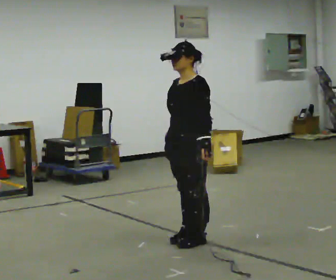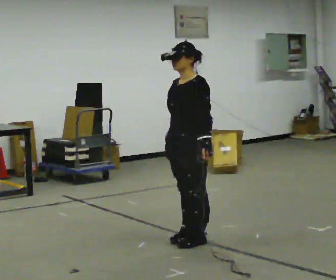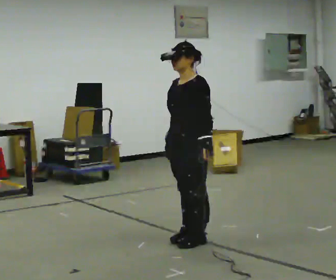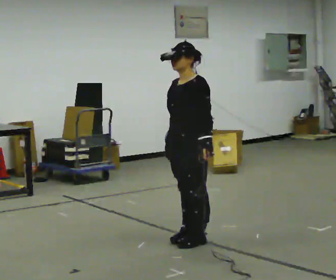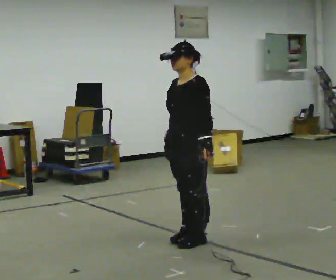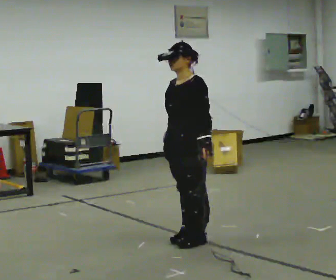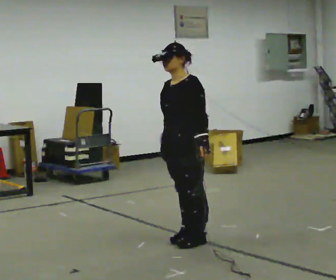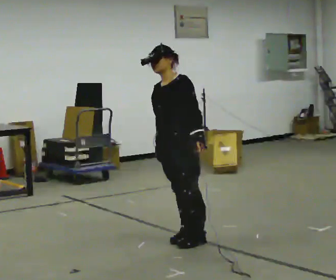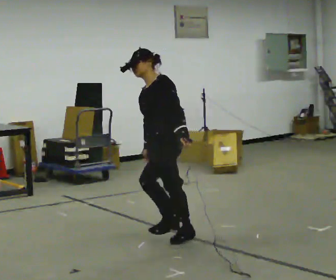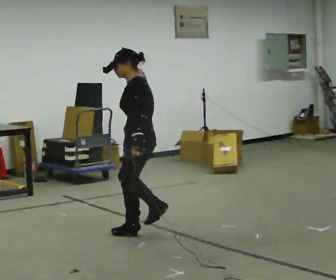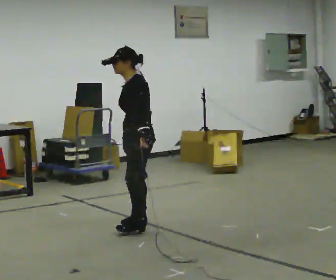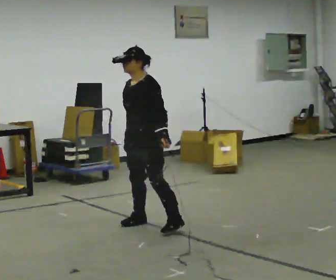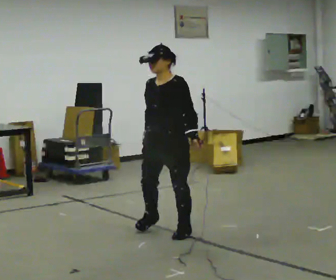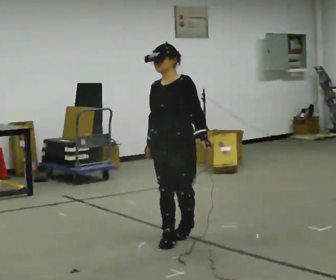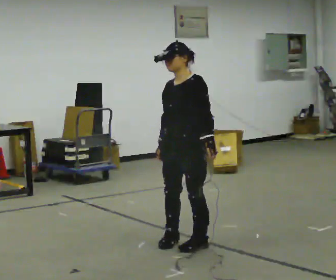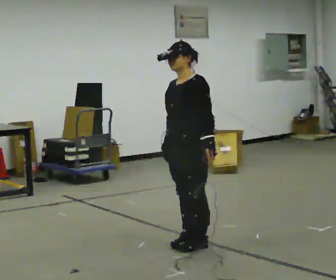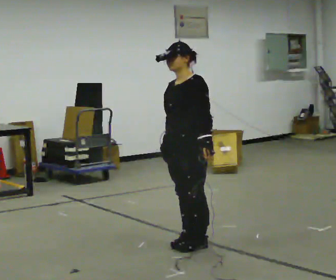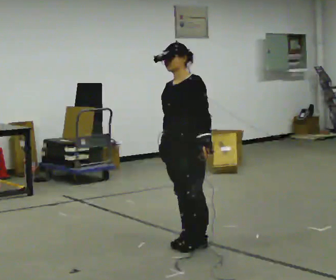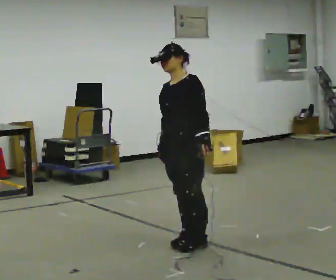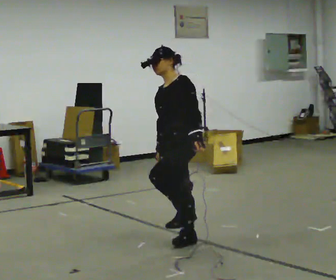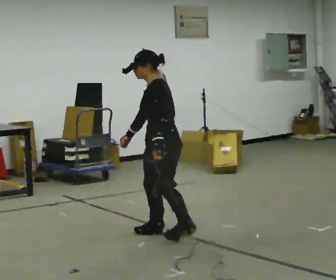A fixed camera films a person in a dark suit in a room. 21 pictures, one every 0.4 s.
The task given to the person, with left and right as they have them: Stand on the marked spots. Lean to the side the operator calls until you cannot hold it, then step to catch yourself. Return to the spots. Repeat at your own pace until the operator says stop. Go slowly and only as far as you are comfortable. Step whenever you need to; do not try to hold on longer than feels safe.
0.0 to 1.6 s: The person keeps their place and pose.
1.6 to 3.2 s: In the picture they go to the left, about 0.25 m, which for them is to their right. In the picture the upper body tilts counterclockwise, shoulders to the left.
3.2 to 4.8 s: Seen from above the body turns counterclockwise, about 30 degrees: to their left, with its near side sliding to the right.
4.8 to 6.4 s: In the picture they go toward the camera, about 0.25 m in 3 steps, which for them is to their left and forward.
6.4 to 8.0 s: The part of the body nearest the lens slides to the left as the person turns to their right by about 60 degrees. In the picture they go away from the camera, about 0.25 m in 1 step.
The film runs forward here.
